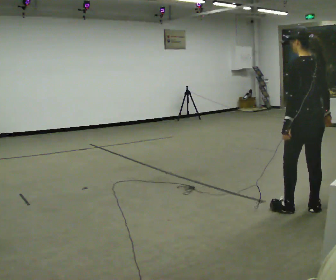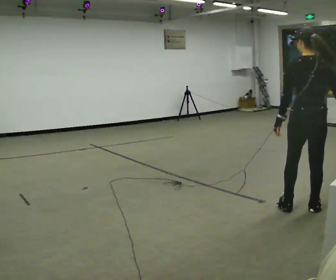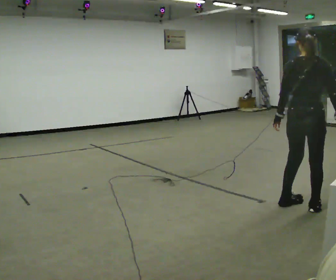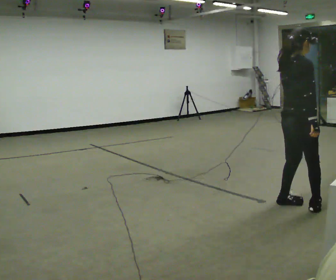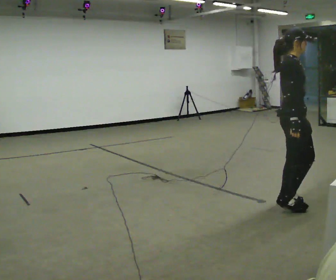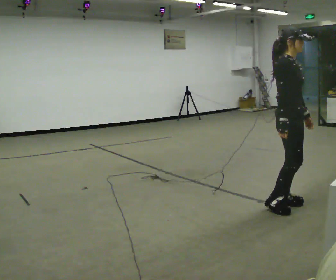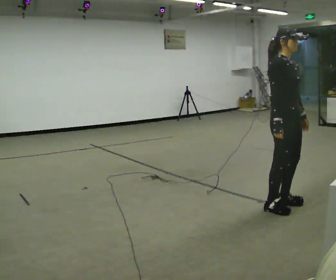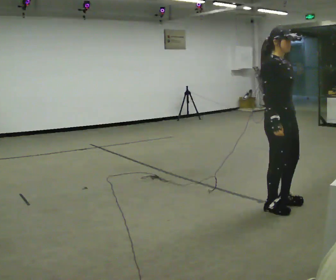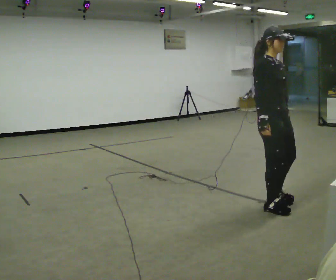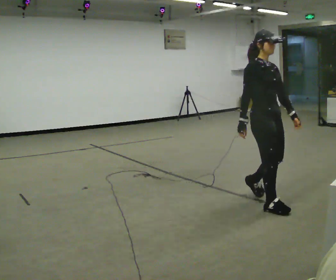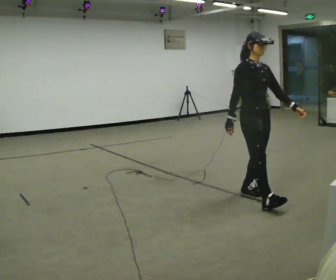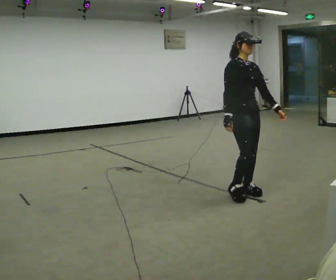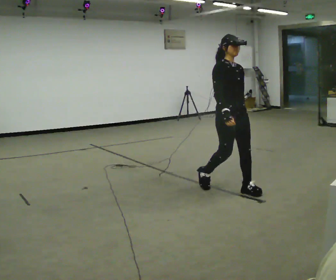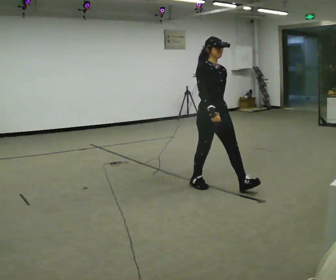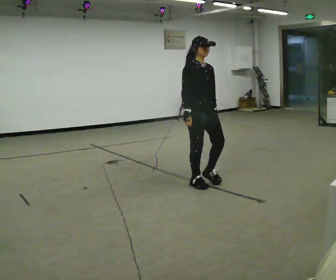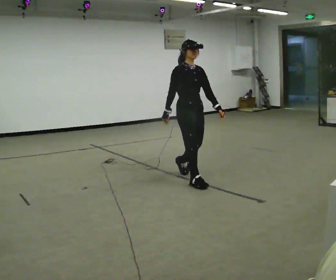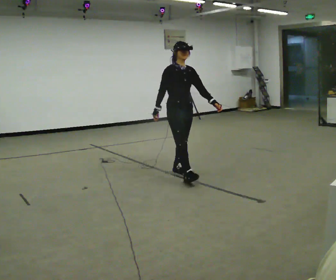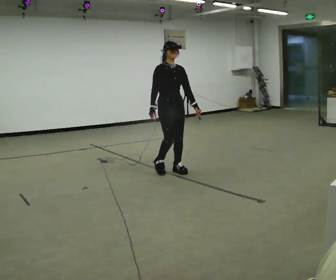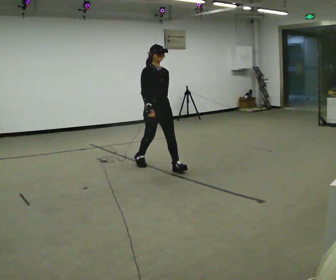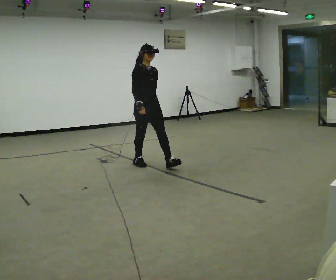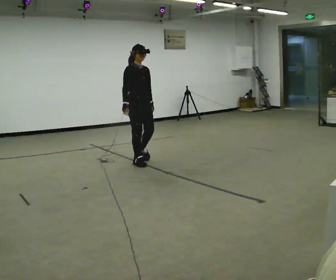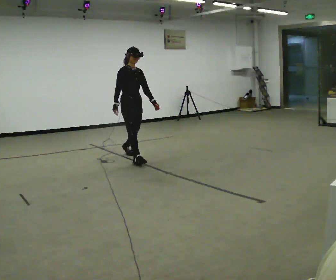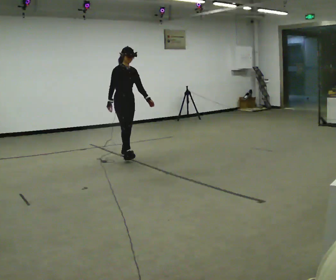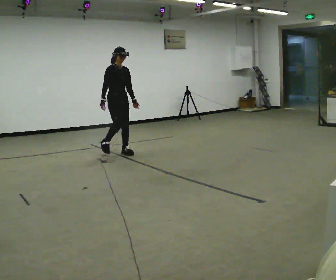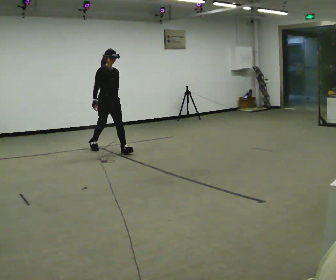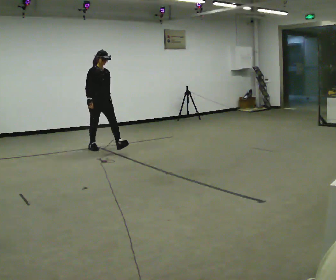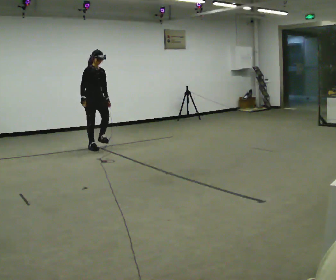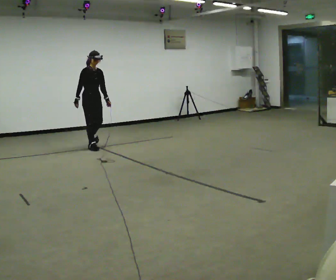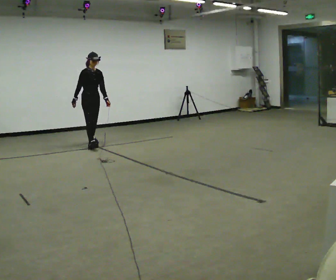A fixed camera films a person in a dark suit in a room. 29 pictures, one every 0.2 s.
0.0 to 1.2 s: Seen from above the body turns clockwise, about 165 degrees: to their right, with its near side sliding to the left. In the picture they go to the left and away from the camera, about 0.25 m in 2 steps. In the picture their left hand goes to the right, the arm swinging counterclockwise.
1.2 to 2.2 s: In the picture they go away from the camera and to the left, about 0.5 m in 2 steps, which for them is backward.
2.2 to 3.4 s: In the picture they go away from the camera and to the left, about 1 m in 2 steps, which for them is backward.
3.4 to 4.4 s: In the picture they go away from the camera and to the left, about 1 m in 2 steps, which for them is backward.
4.4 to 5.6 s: In the picture they go away from the camera and to the left, about 1 m in 1 step, which for them is backward.
The film runs backward here.
